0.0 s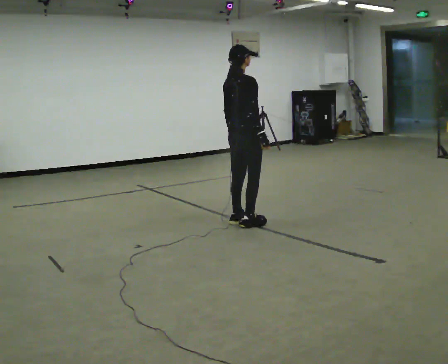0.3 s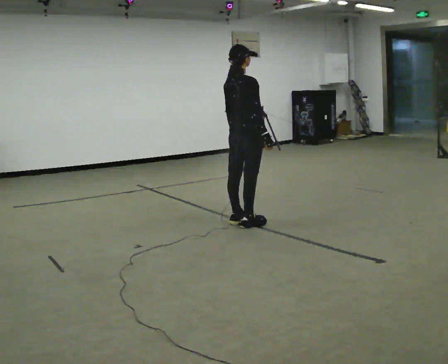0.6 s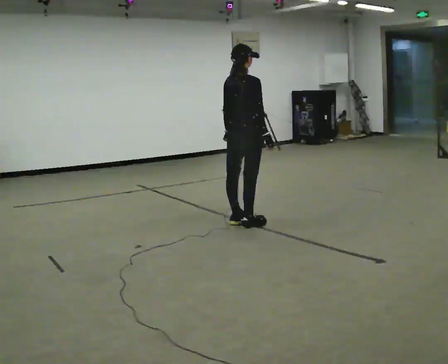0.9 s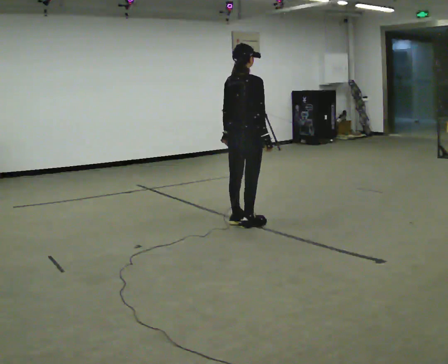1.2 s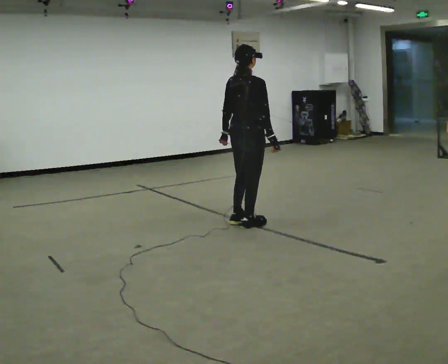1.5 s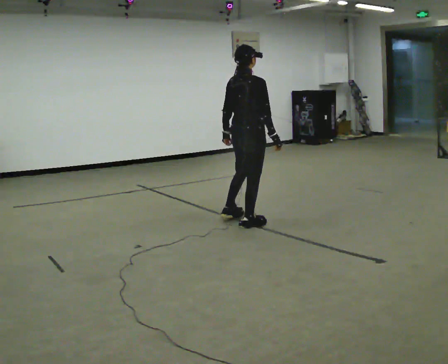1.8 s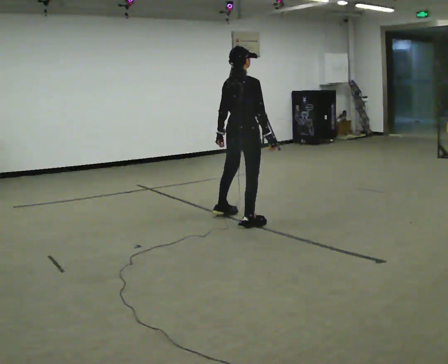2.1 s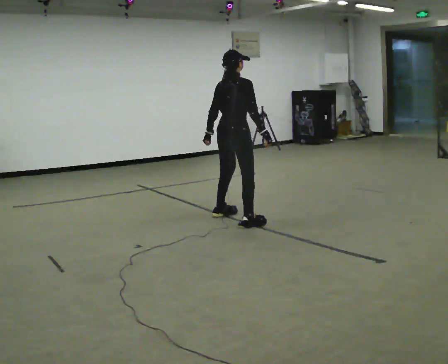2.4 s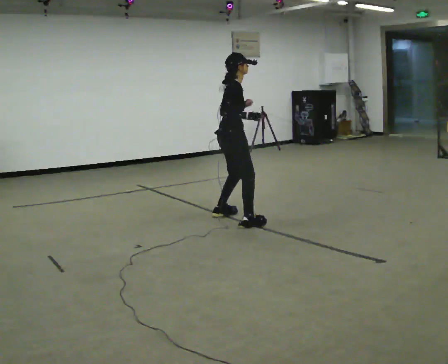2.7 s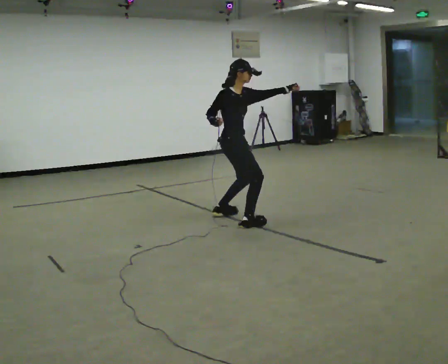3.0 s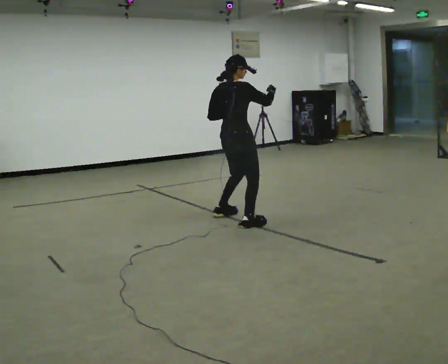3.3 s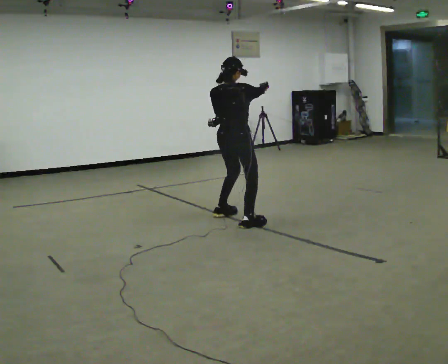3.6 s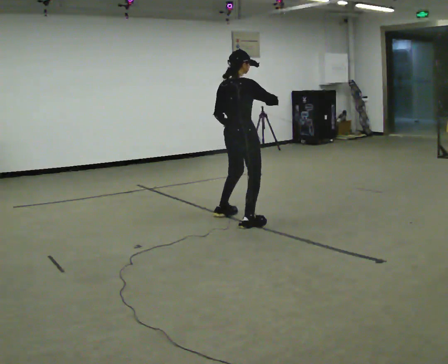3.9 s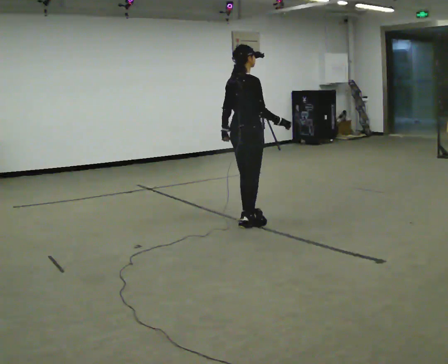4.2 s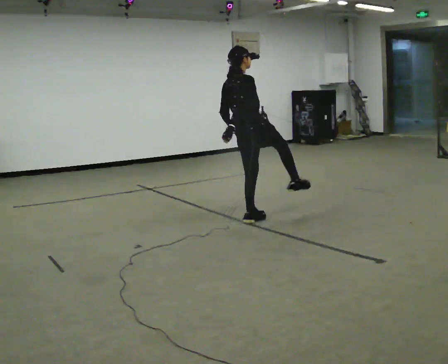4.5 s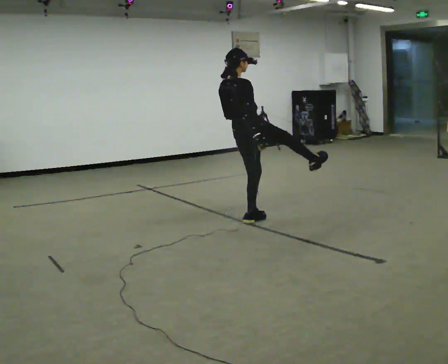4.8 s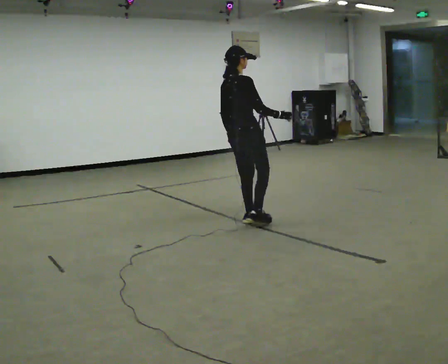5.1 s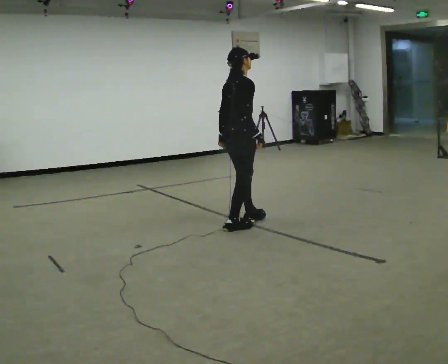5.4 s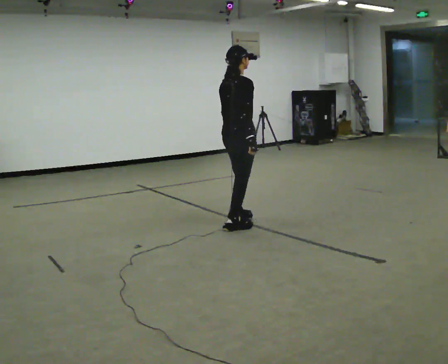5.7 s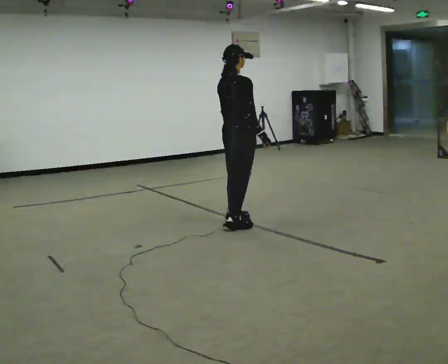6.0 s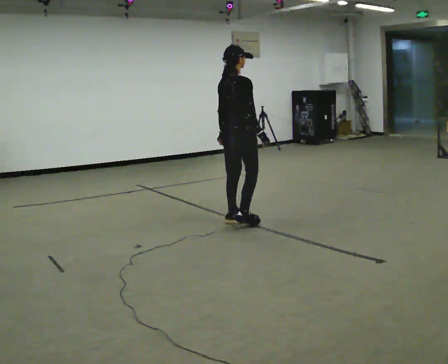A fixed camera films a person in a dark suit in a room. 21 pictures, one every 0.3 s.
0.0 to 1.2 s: The person moves a little, or ends about where they began.
1.2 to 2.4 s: The person turns about 45 degrees to their right, clockwise seen from above, so the part of the body nearest the lens slides to the left. In the picture they go away from the camera, about 0.25 m in 1 step, which for them is to their left.
2.4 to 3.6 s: Seen from above the body turns counterclockwise, about 45 degrees: to their left, with its near side sliding to the right.
3.6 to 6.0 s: In the picture their right hand goes downward.
The film runs forward here.
